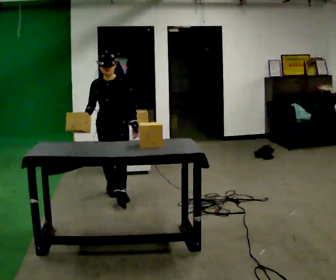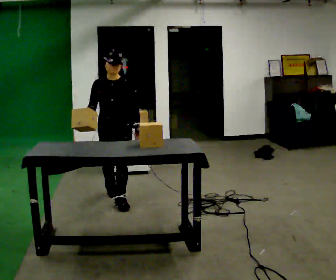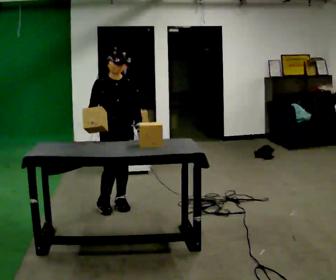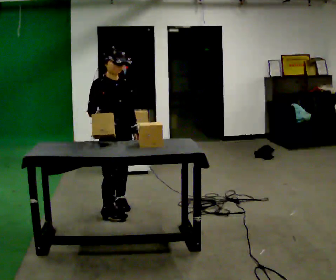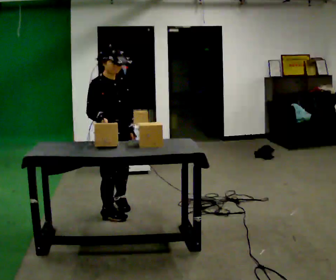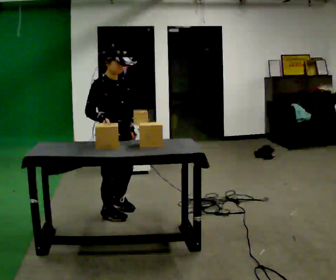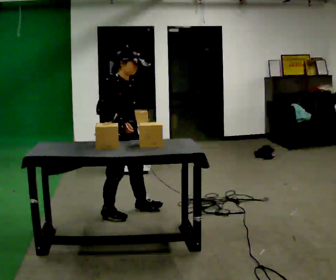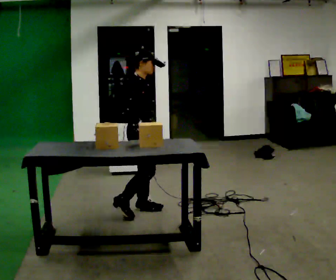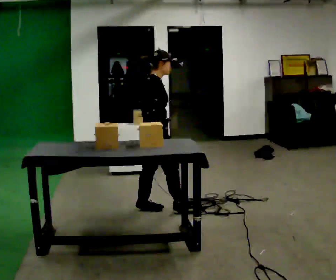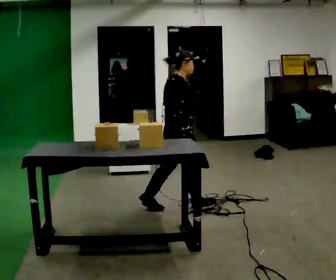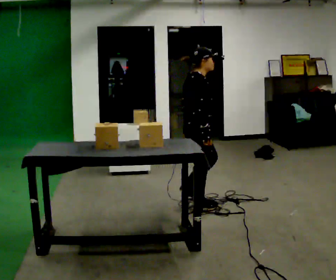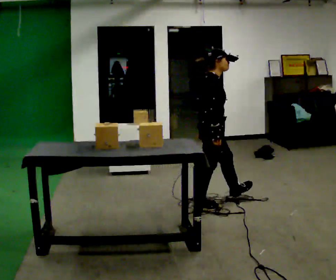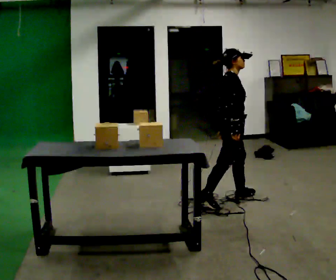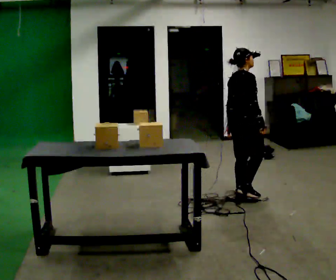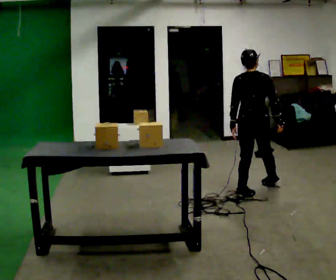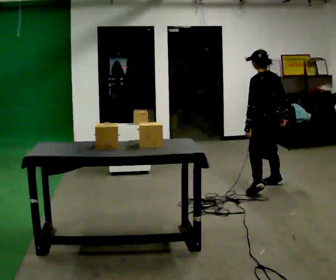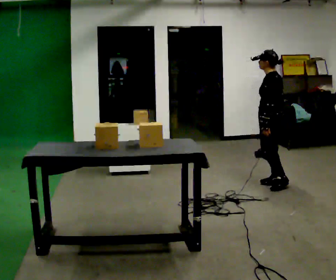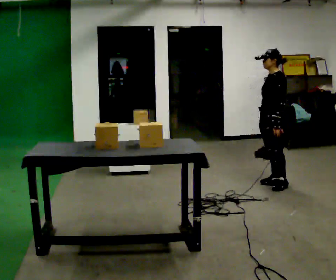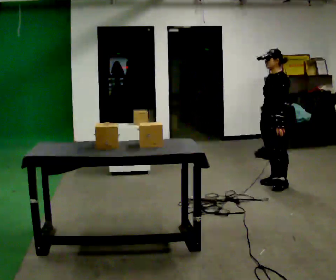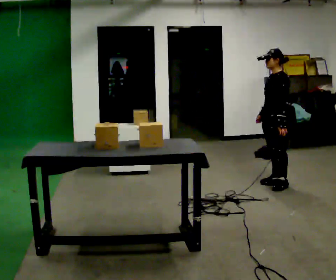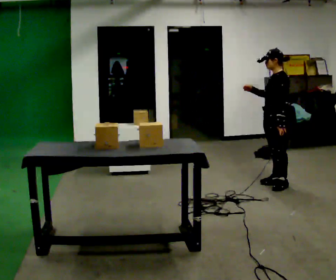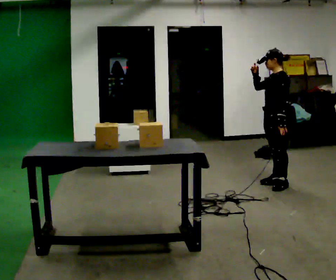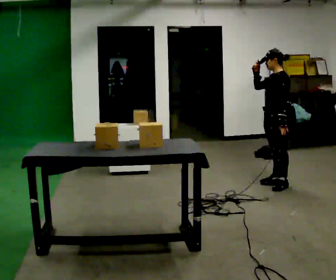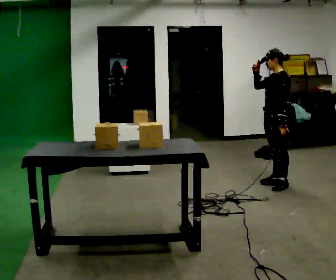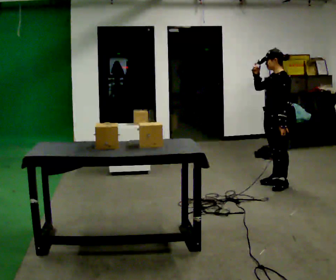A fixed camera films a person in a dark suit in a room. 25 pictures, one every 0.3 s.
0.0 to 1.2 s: Seen from above the body turns counterclockwise, about 60 degrees: to their left, with its near side sliding to the right. In the picture they go toward the camera and to the right, about 0.5 m in 2 steps, which for them is forward and to their right.
1.2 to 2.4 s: Seen from above the body turns counterclockwise, about 45 degrees: to their left, with its near side sliding to the right. In the picture they go to the right and away from the camera, about 0.5 m in 1 step, which for them is forward and to their left.
2.4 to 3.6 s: In the picture they go to the right and away from the camera, about 1 m in 2 steps, which for them is forward.
3.6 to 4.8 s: The person turns about 165 degrees to their left, counterclockwise seen from above, so the part of the body nearest the lens slides to the right. In the picture they go away from the camera and to the right, about 0.75 m in 1 step.
4.8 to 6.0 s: In the picture their right hand goes upward, the arm swinging clockwise.
6.0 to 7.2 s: The person moves a little, or ends about where they began.
The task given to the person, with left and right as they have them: Move objects one at a time from the waist-height shelf at one end of the room to the waist-height shelf at the other end. Keep going until the operator says stop; one object at a time, and do not rush between trips.
The film runs forward here.
